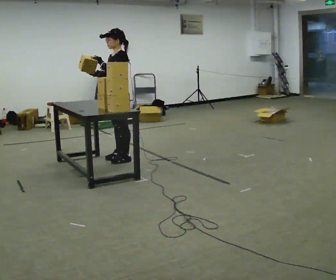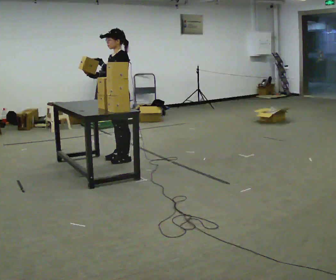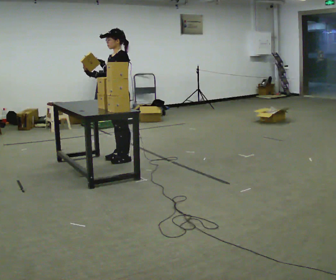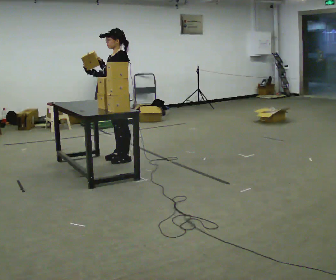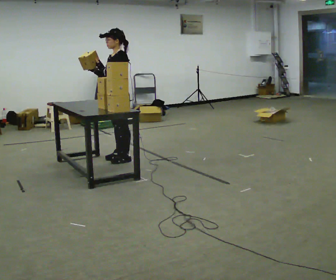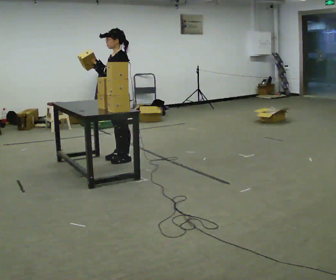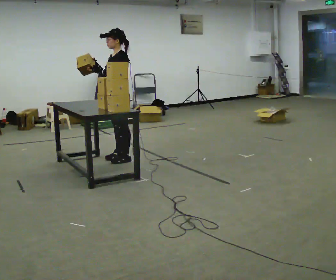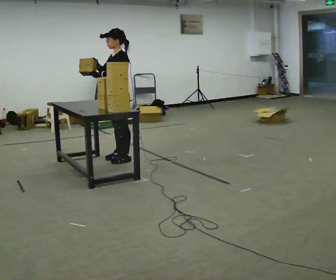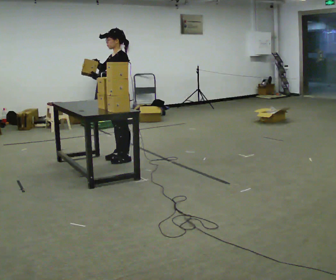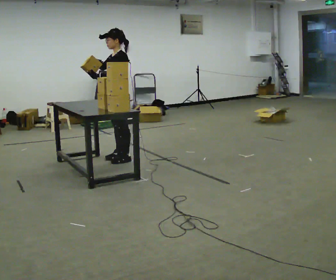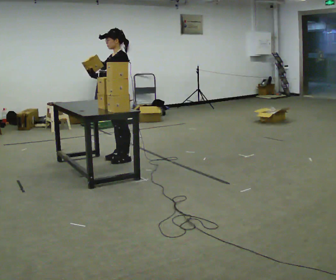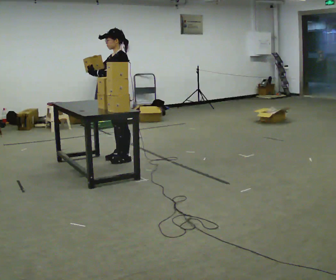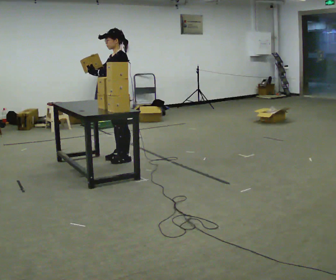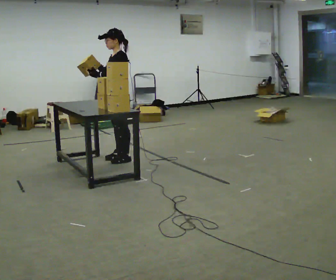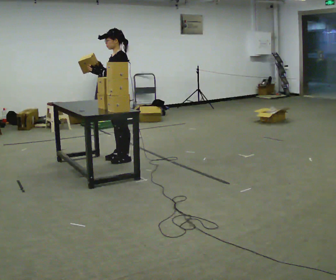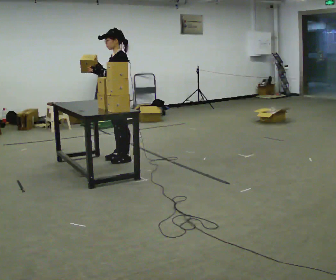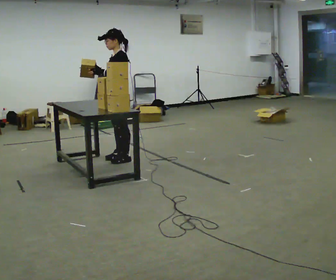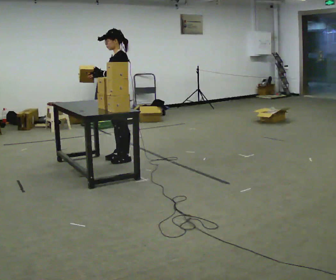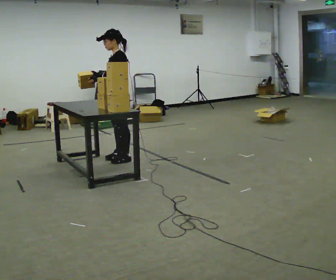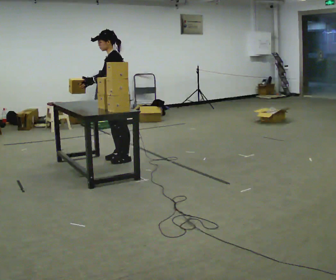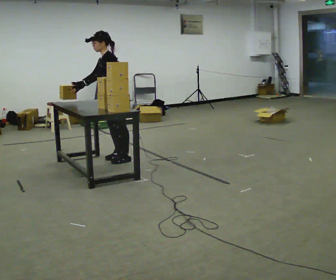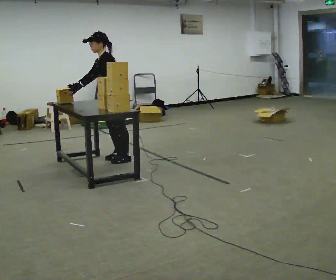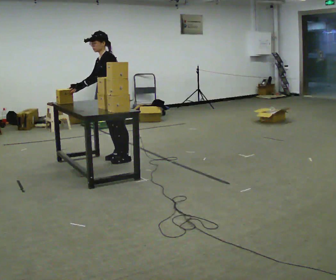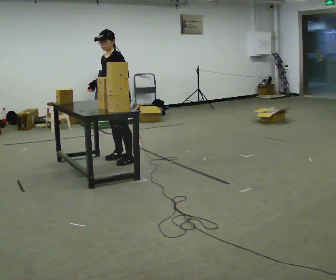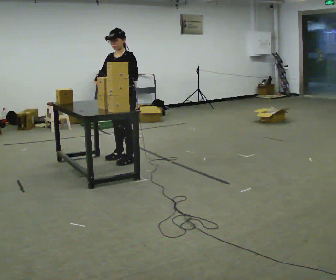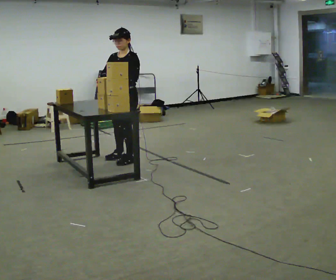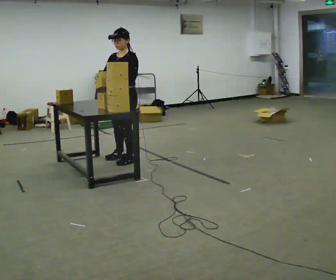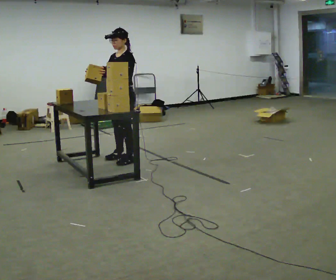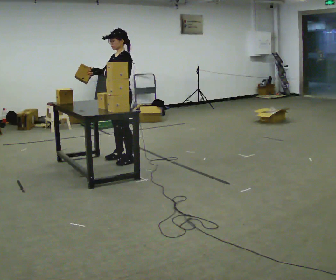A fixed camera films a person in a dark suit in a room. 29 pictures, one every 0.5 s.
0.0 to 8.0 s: The person moves a little, or ends about where they began.
8.0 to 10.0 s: In the picture the upper body tilts counterclockwise, shoulders to the left, as they bend forward.
10.0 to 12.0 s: In the picture their left hand goes to the right.
12.0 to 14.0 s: The person moves a little, or ends about where they began.
The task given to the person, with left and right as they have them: Hold the box, turn it so you can read the label, and read it out loud. Then swap to the next box. Repeat at your own pace until the operator says stop. Keep both feet on the marked spots for the whole take. If you have to step, stop and tell the operator.
The film runs forward here.
